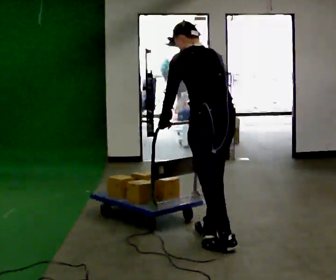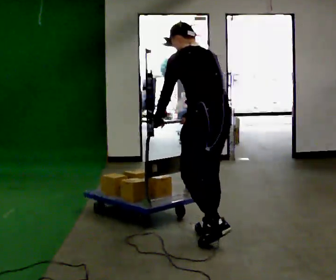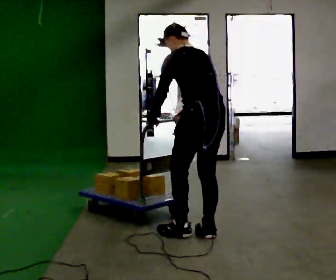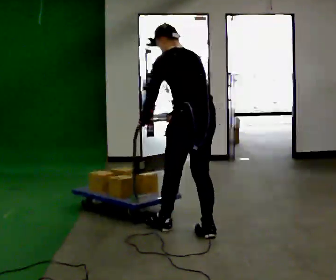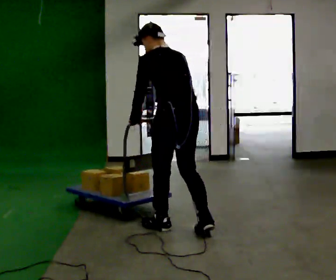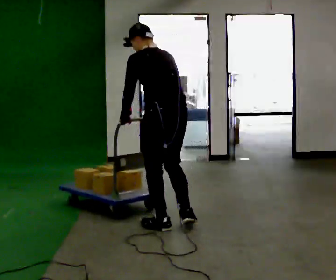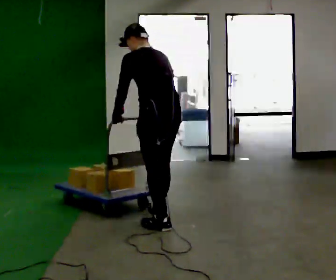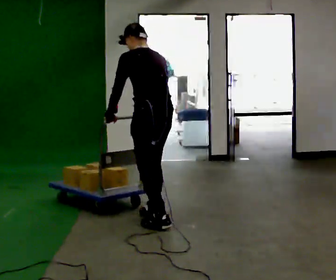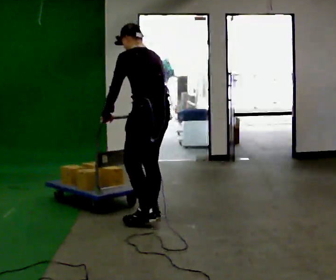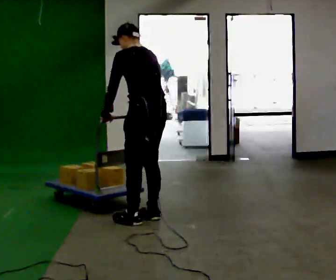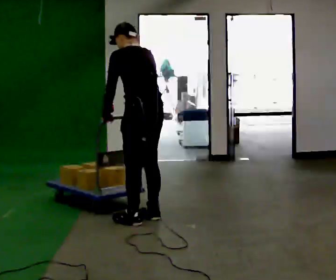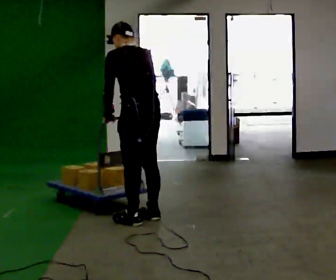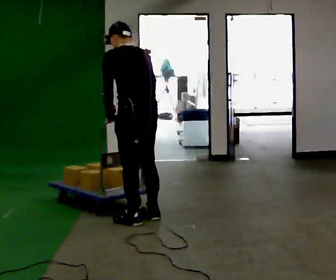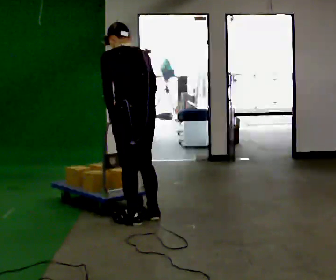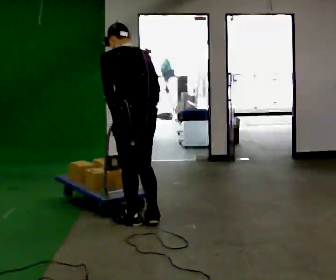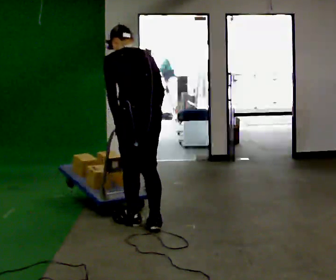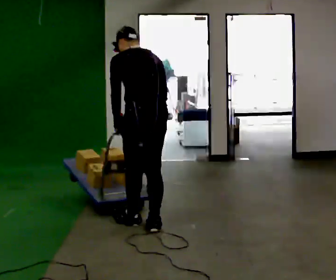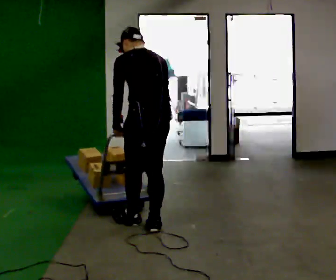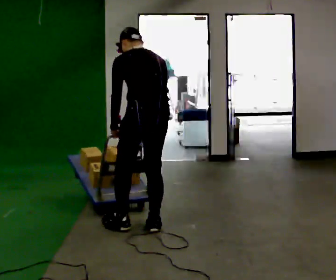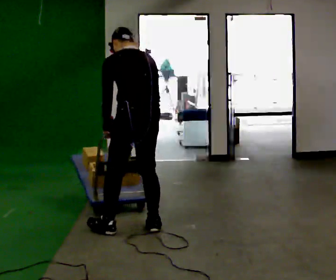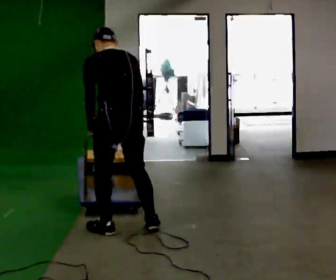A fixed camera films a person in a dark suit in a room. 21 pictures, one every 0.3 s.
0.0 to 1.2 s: In the picture they go away from the camera and to the left, about 0.5 m in 1 step, which for them is forward.
1.2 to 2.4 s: In the picture they go away from the camera and to the left, about 0.5 m in 1 step, which for them is forward.
2.4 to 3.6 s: The person moves a little, or ends about where they began.
3.6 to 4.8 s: In the picture they go toward the camera, about 0.25 m in 1 step, which for them is backward.
4.8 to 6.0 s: In the picture they go to the left, about 0.25 m in 1 step, which for them is to their left.
The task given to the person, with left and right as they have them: Push the loaded cart from one corner of the room to the other, turn it round, and push it back. Keep going until the operator says stop.
The film runs forward here.
